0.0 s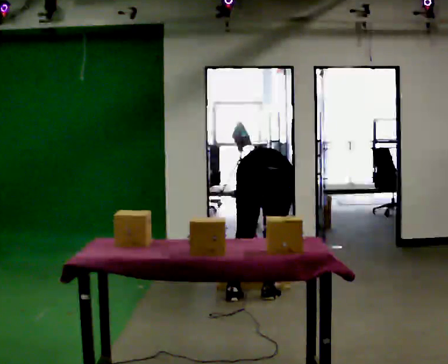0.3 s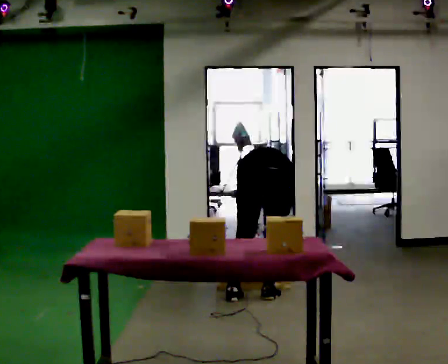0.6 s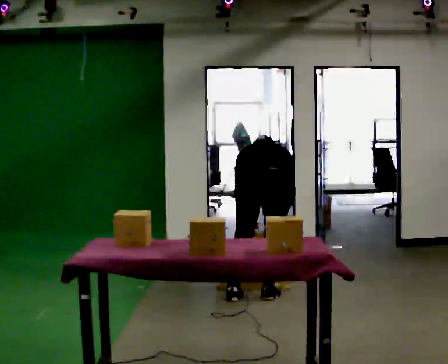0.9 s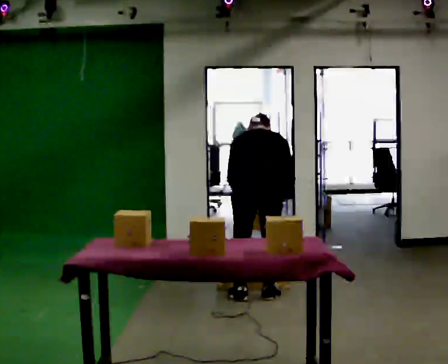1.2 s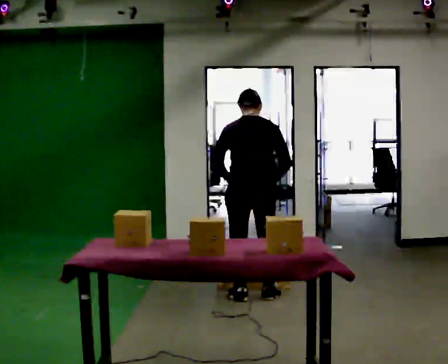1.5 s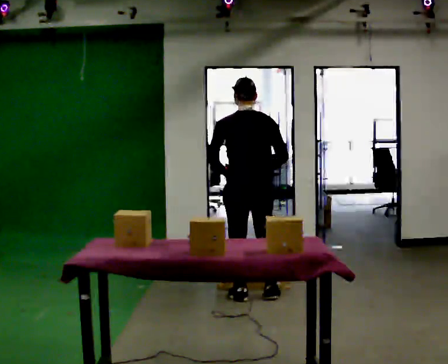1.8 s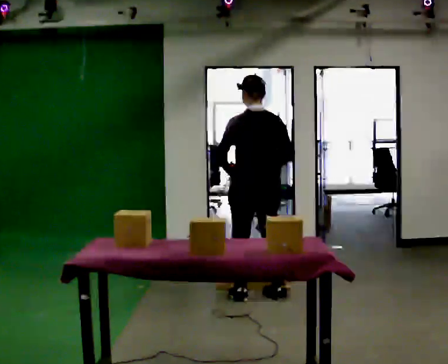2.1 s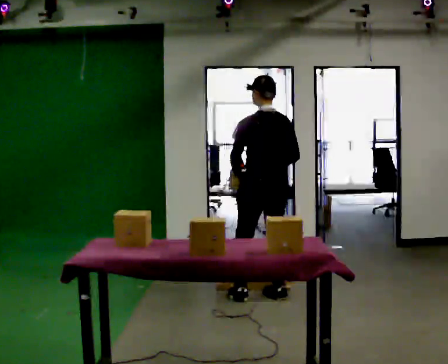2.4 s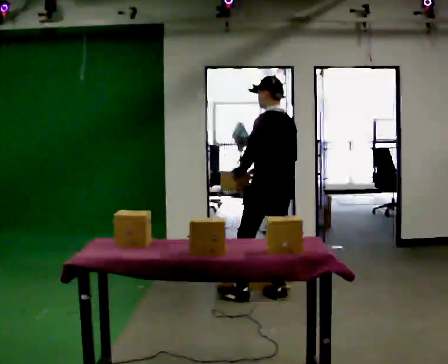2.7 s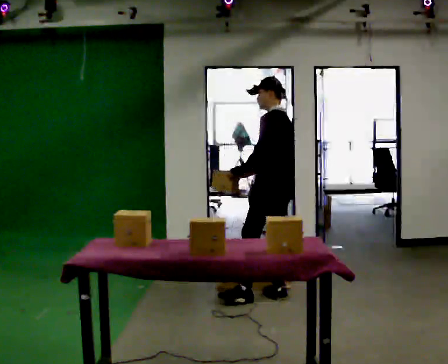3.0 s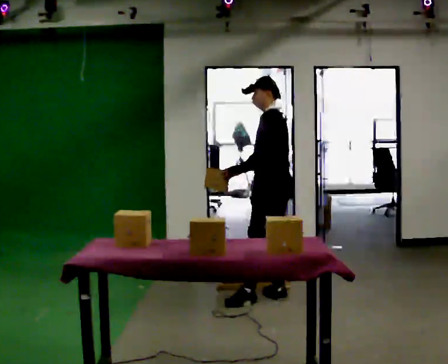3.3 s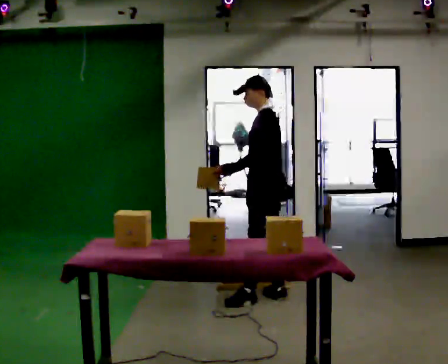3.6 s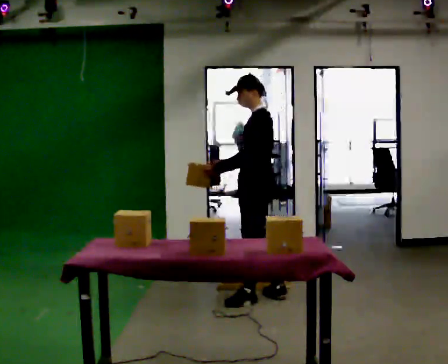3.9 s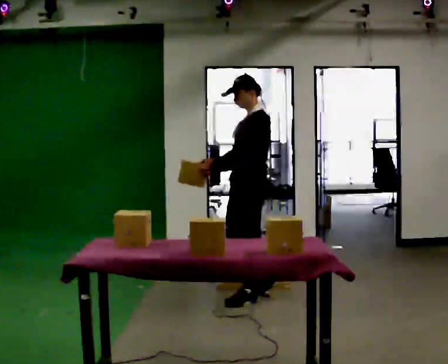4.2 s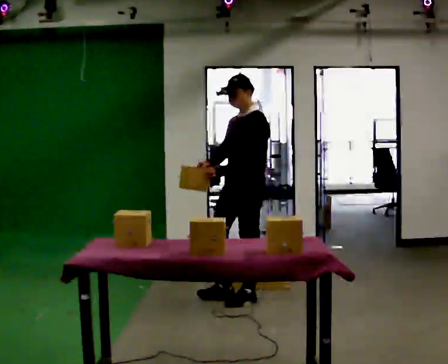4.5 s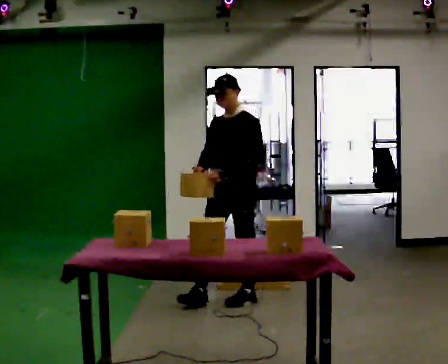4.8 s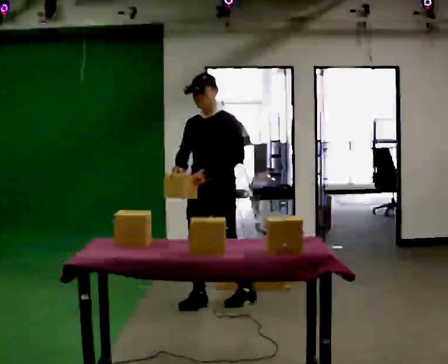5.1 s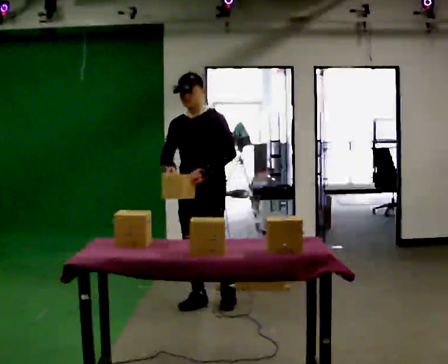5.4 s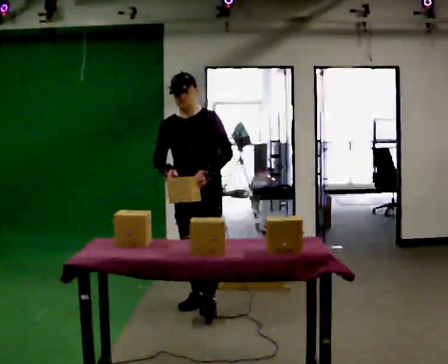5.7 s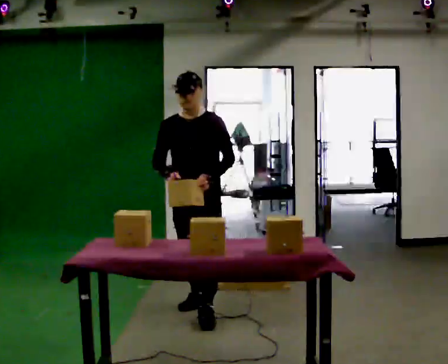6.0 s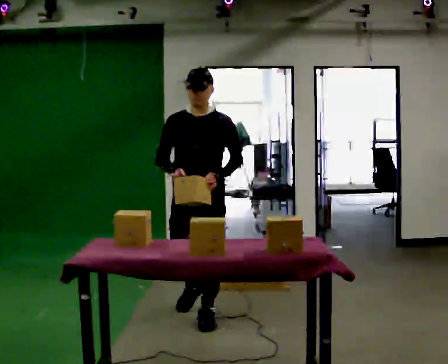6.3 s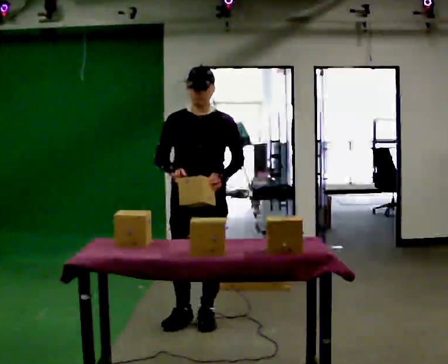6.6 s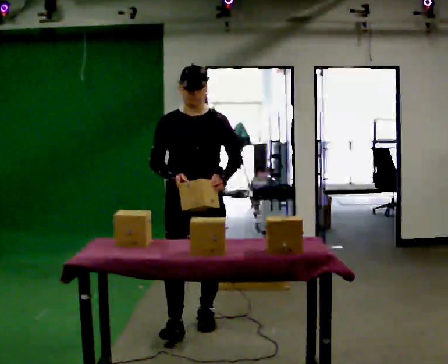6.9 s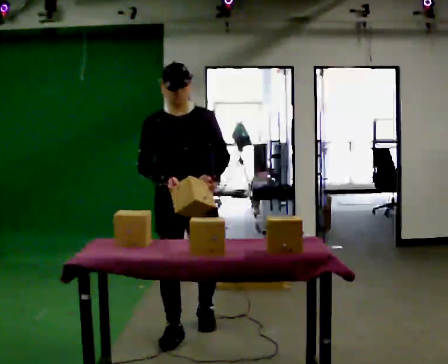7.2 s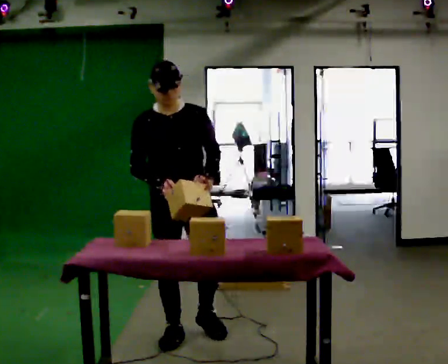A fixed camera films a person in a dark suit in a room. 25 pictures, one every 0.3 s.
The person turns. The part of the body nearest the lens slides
to the right.
The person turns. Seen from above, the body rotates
counterclockwise.
0.0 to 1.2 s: The shoulders move upward. The upper body tips toward the camera, its near side rolling downward, as they lean back or straighten. In the picture their right hand goes upward.
1.2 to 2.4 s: The person turns about 45 degrees to their left, counterclockwise seen from above, so the part of the body nearest the lens slides to the right. In the picture they go to the right, about 0.25 m, which for them is to their right. The upper body tips toward the camera, its near side rolling downward, as they lean back or straighten.
2.4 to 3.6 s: The part of the body nearest the lens slides to the right as the person turns to their left by about 45 degrees. In the picture their right hand goes to the left.
3.6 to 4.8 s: The part of the body nearest the lens slides to the right as the person turns to their left by about 60 degrees. In the picture they go to the left, about 0.25 m in 1 step.
4.8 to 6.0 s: In the picture they go toward the camera, about 0.5 m in 1 step, which for them is forward.
6.0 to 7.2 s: In the picture they go toward the camera, about 0.5 m in 1 step, which for them is forward.
The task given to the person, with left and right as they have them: Reach down into the deep bin on the floor, take out one object at a time, carry it to the shelf, and come back for the next one. Keep going until the operator says stop; one object at a time, and do not rush between trips.
The film runs forward here.
